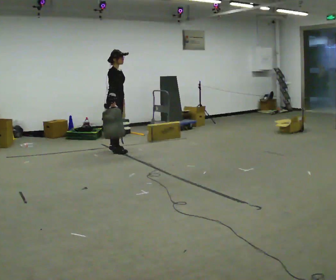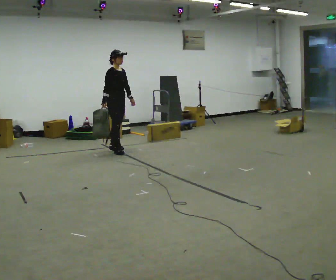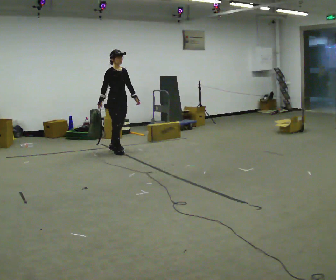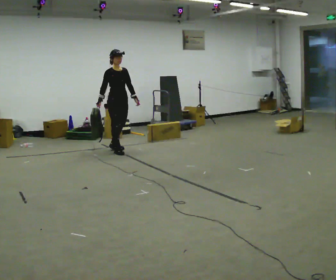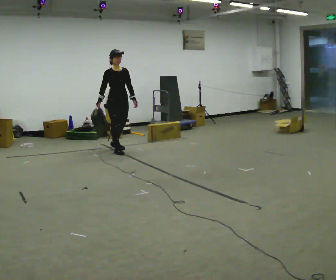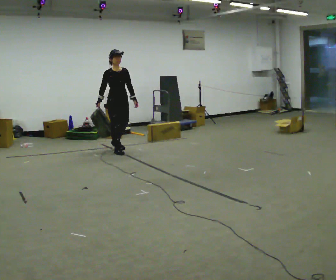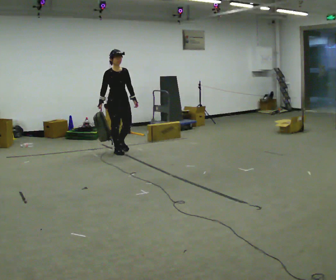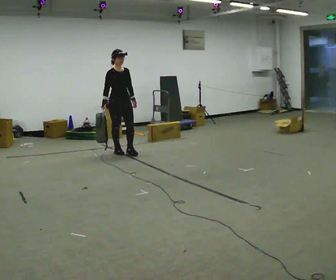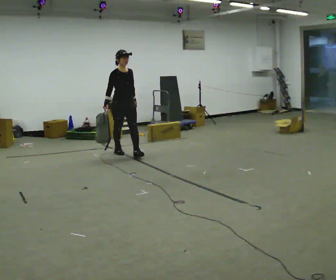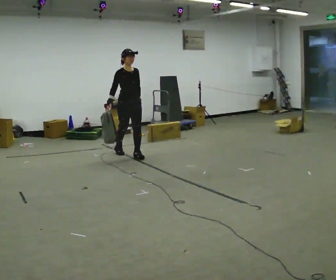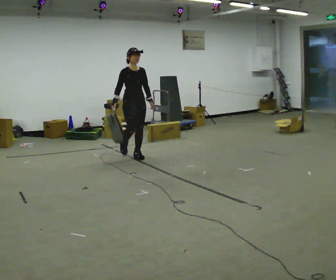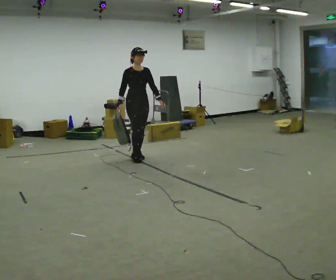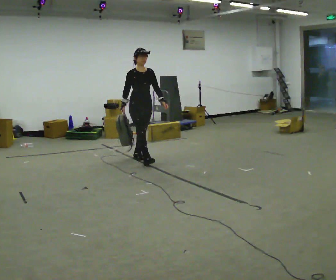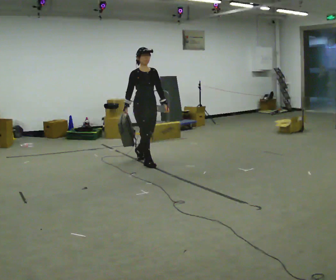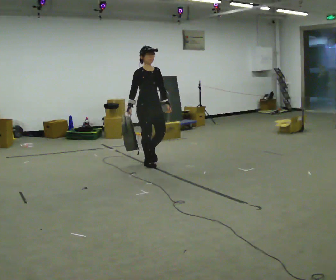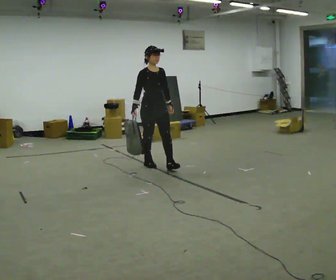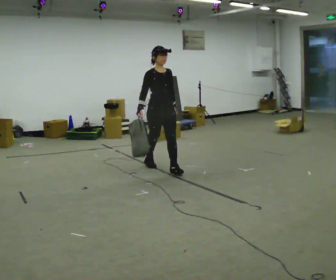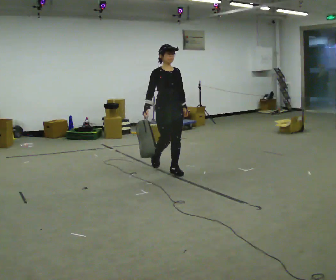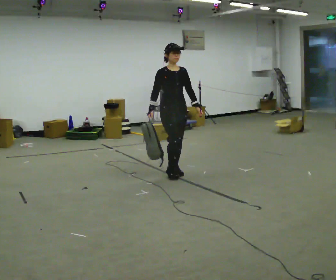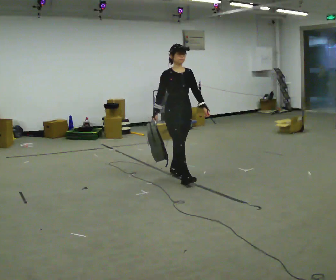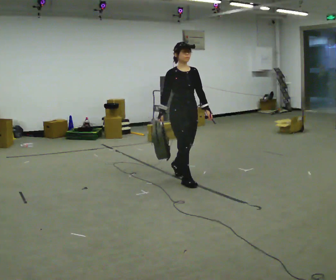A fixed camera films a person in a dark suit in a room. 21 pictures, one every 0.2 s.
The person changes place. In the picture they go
toward the camera.
0.0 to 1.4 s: The person turns about 45 degrees to their right, clockwise seen from above, so the part of the body nearest the lens slides to the left. In the picture they go toward the camera, about 0.25 m, which for them is forward.
1.4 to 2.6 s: In the picture they go toward the camera and to the right, about 0.5 m in 2 steps, which for them is forward.
2.6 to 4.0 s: In the picture they go toward the camera and to the right, about 1 m in 2 steps, which for them is forward.
The film runs forward here.
